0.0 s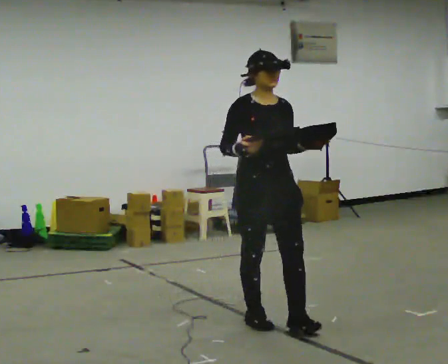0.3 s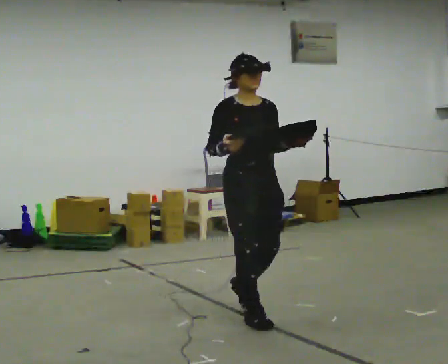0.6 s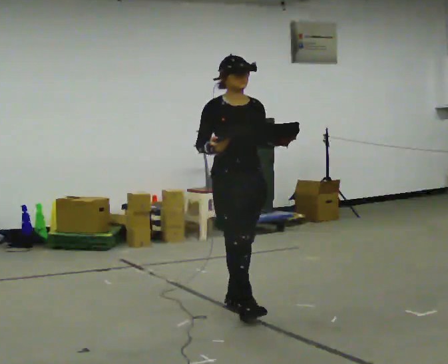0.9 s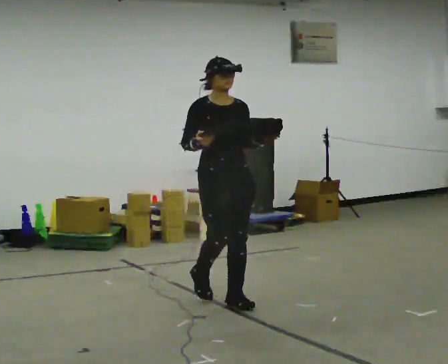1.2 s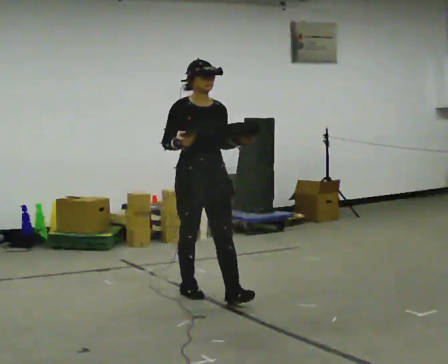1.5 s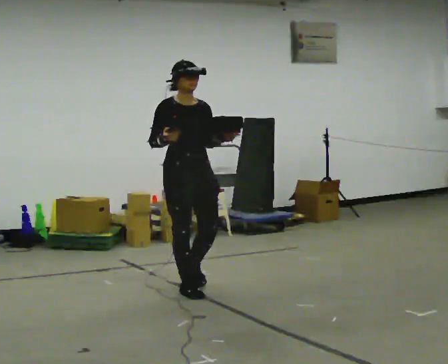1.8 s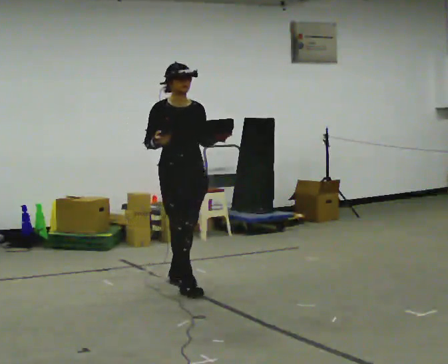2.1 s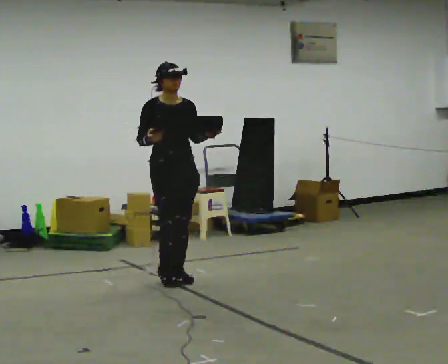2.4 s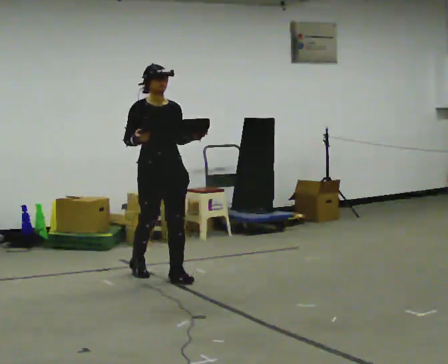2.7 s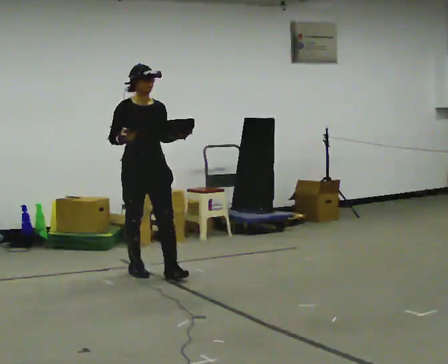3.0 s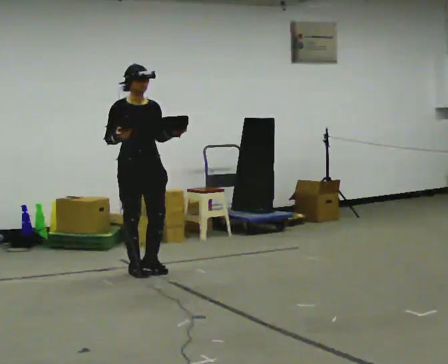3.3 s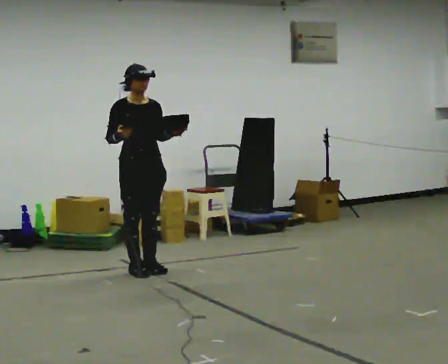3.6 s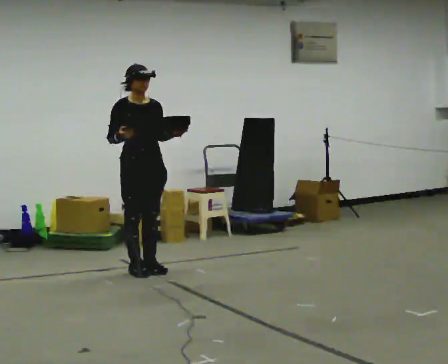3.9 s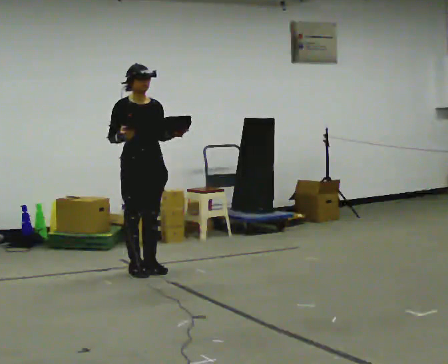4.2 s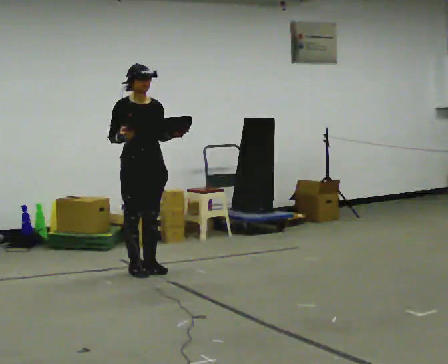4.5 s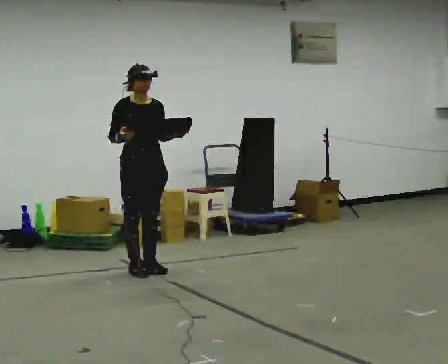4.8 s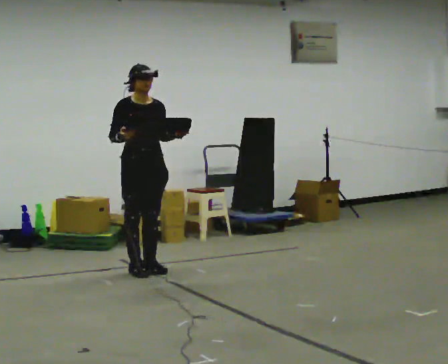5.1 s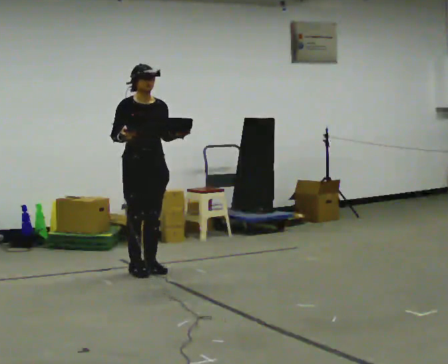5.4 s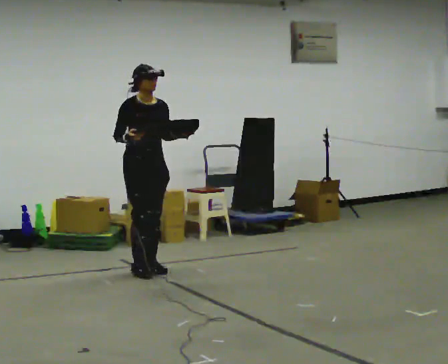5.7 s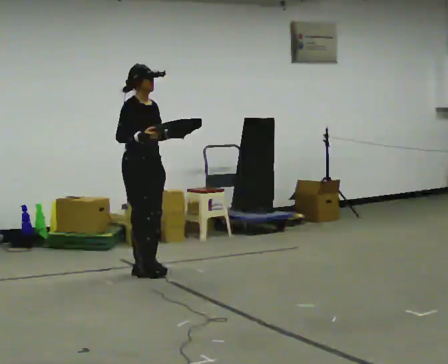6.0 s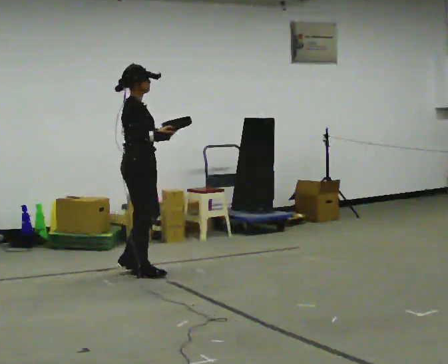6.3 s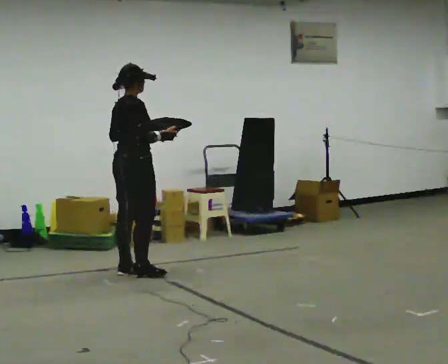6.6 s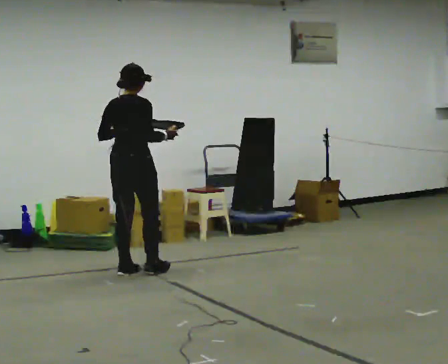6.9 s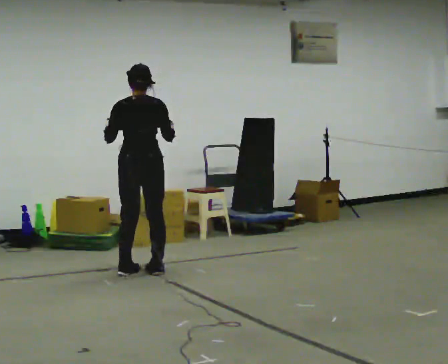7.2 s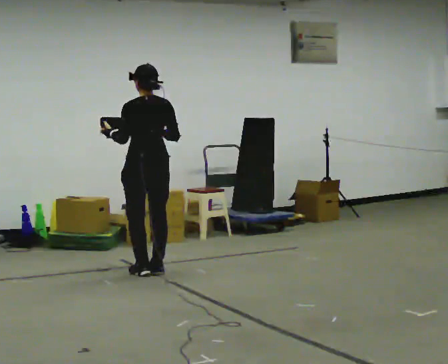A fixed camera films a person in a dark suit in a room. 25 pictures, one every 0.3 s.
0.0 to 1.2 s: In the picture they go away from the camera and to the left, about 1 m in 2 steps, which for them is backward.
1.2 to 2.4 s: In the picture they go away from the camera and to the left, about 0.75 m in 1 step, which for them is backward.
2.4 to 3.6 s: In the picture they go away from the camera, about 0.25 m in 1 step, which for them is backward.
3.6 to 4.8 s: The person keeps their place and pose.
4.8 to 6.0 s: Seen from above the body turns counterclockwise, about 60 degrees: to their left, with its near side sliding to the right.
6.0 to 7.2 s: Seen from above the body turns counterclockwise, about 105 degrees: to their left, with its near side sliding to the right. In the picture their left hand goes to the left.
The film runs backward here.
